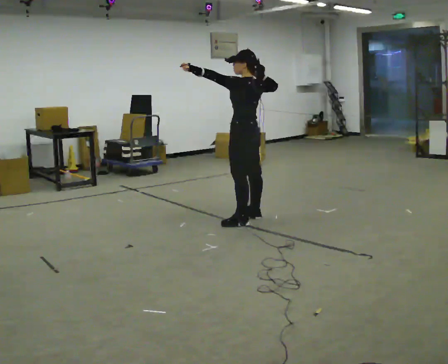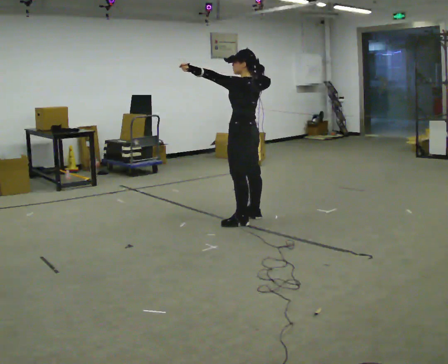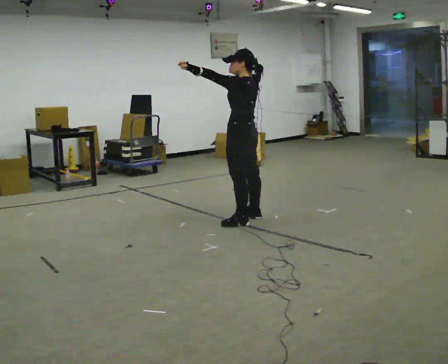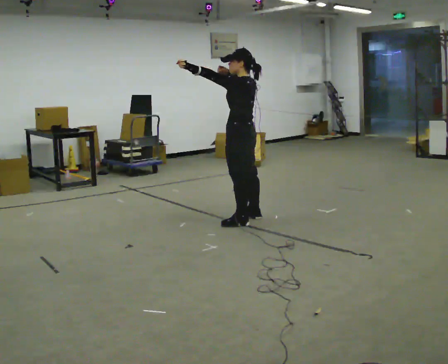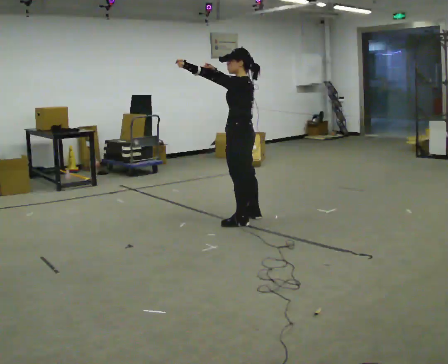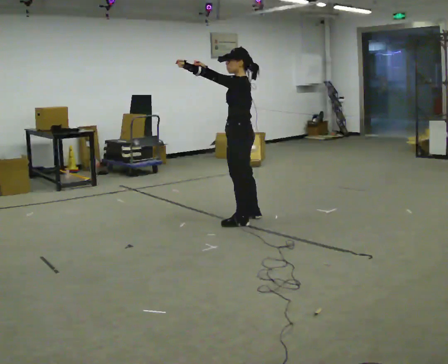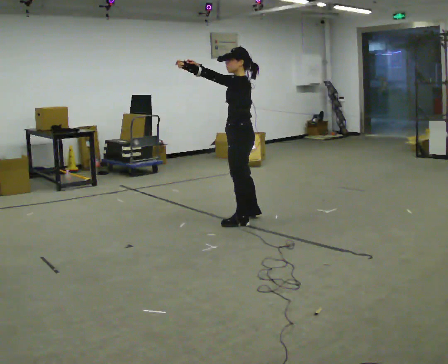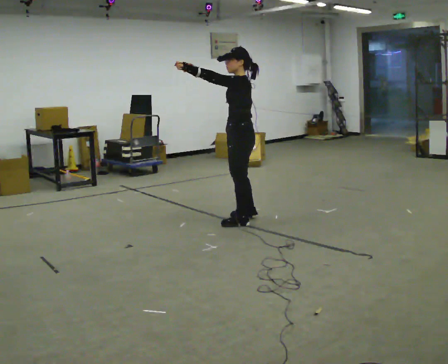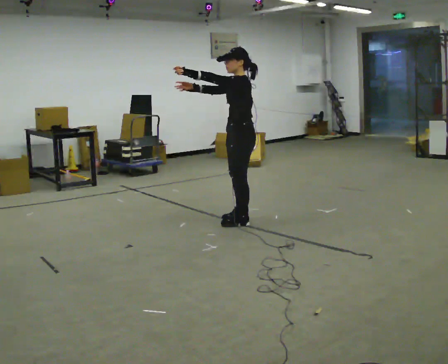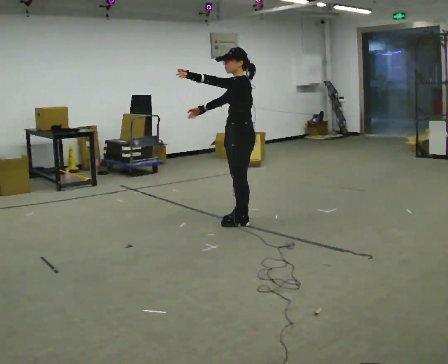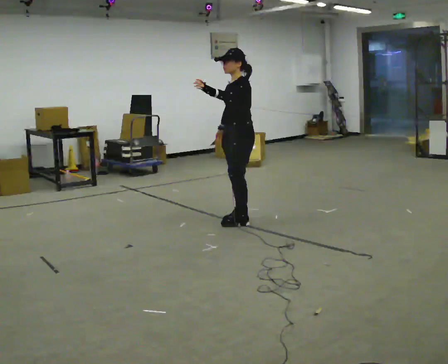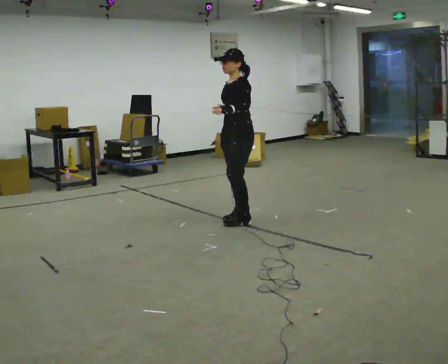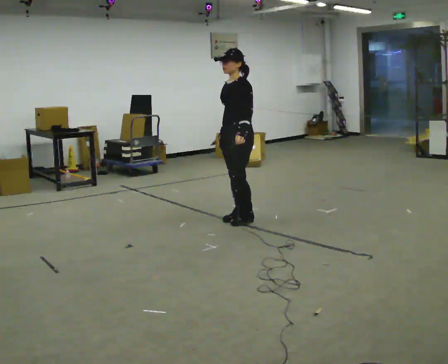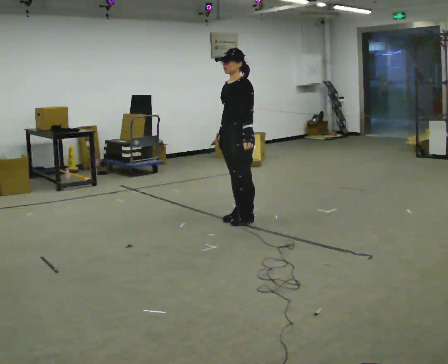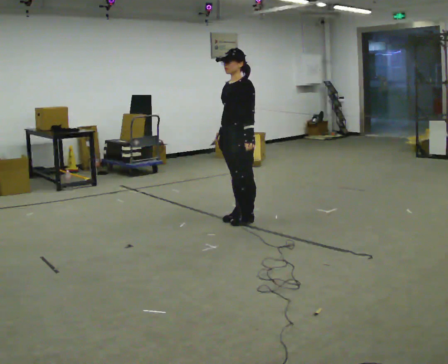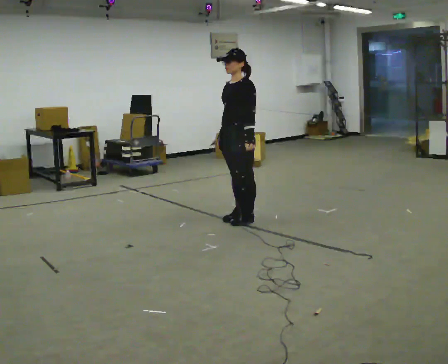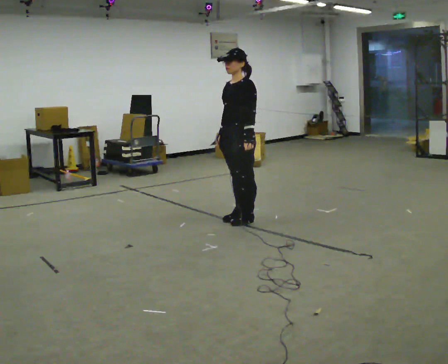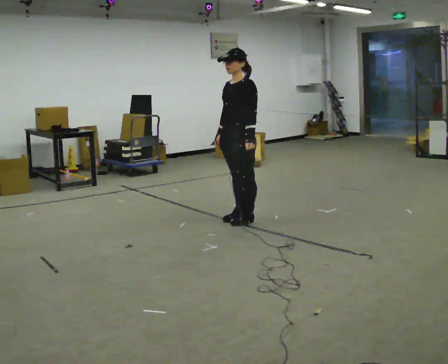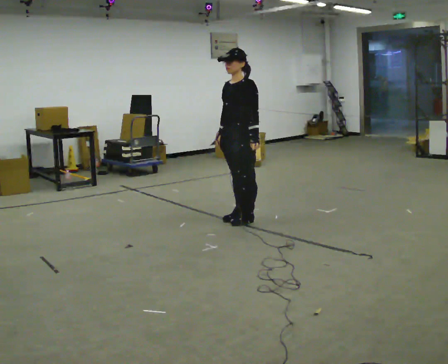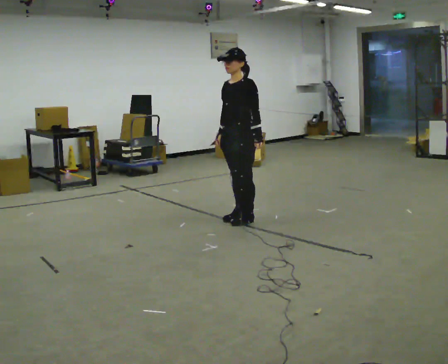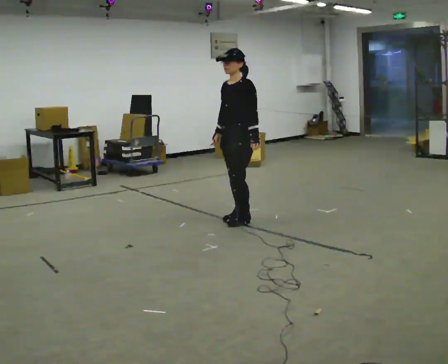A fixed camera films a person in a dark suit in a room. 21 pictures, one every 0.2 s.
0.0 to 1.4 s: The part of the body nearest the lens slides to the right as the person turns to their left by about 30 degrees. In the picture they go toward the camera, about 0.25 m, which for them is to their left. In the picture their right hand goes to the left.
1.4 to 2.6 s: Seen from above the body turns counterclockwise, about 30 degrees: to their left, with its near side sliding to the right. In the picture their left hand goes downward and to the right.
2.6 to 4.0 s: The person moves a little, or ends about where they began.
The film runs backward here.
